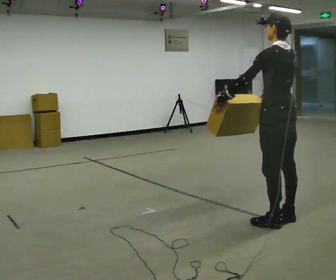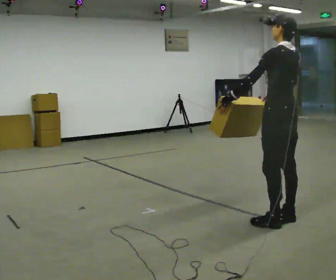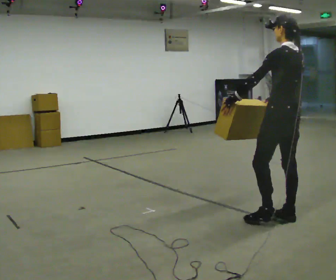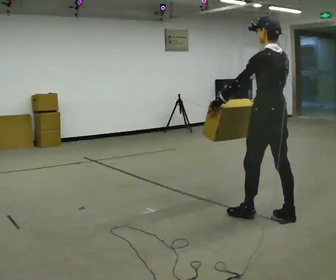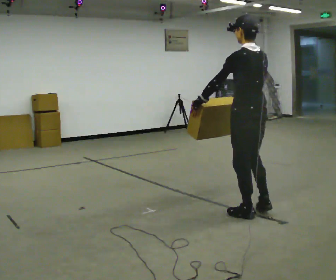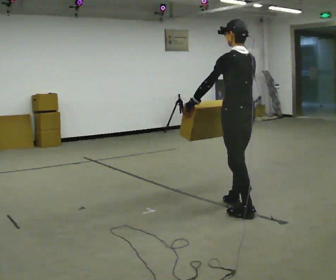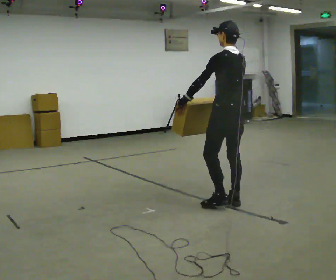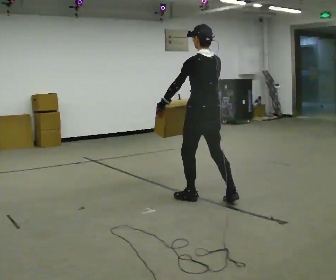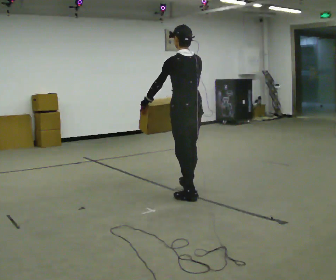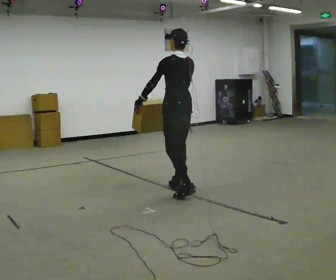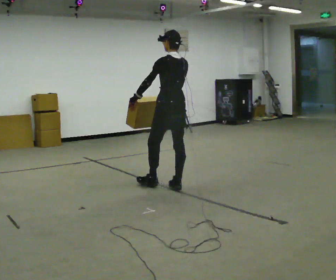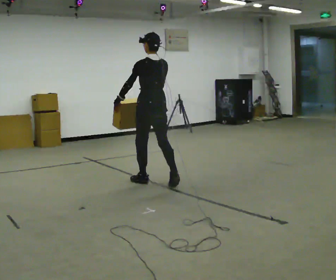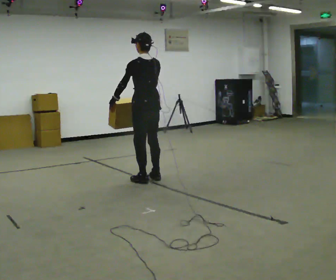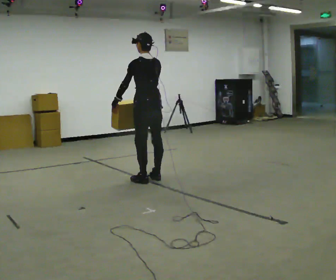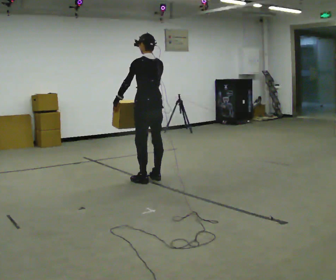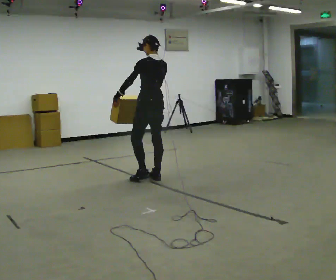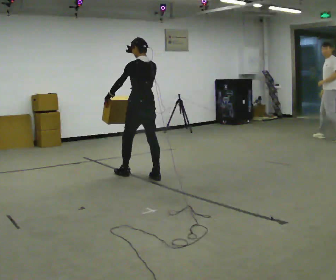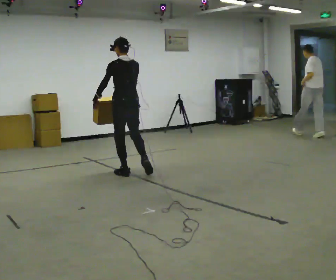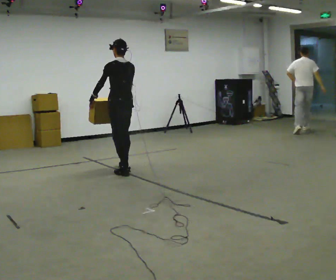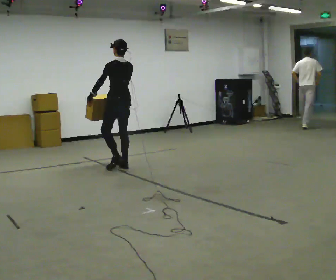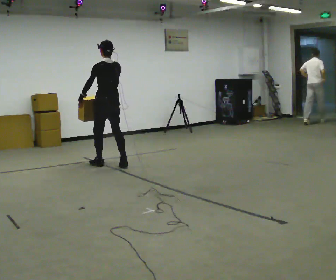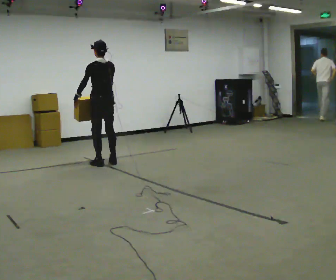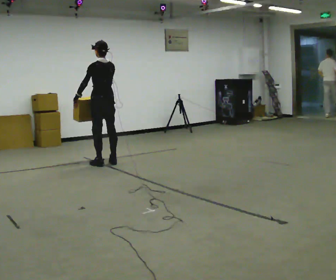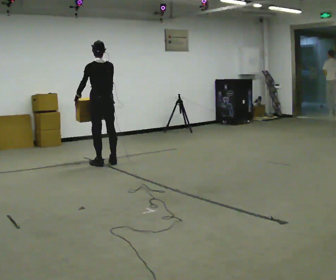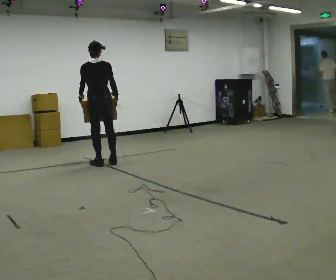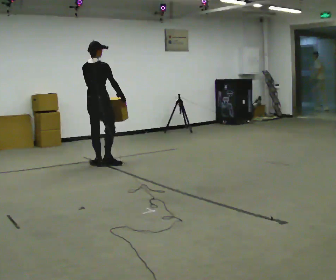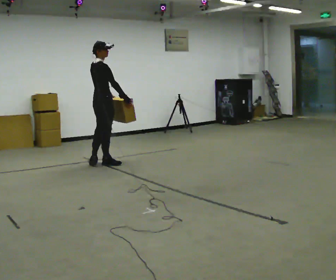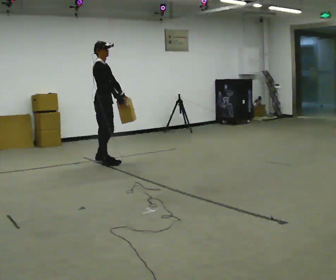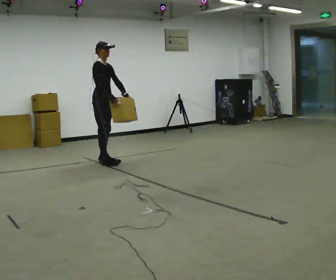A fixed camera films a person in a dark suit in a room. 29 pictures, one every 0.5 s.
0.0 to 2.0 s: In the picture they go to the left and away from the camera, about 0.25 m in 1 step, which for them is forward.
2.0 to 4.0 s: In the picture they go away from the camera and to the left, about 1 m in 2 steps, which for them is forward.
4.0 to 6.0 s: In the picture they go away from the camera and to the left, about 1 m in 3 steps, which for them is forward.
6.0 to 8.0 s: In the picture they go away from the camera, about 0.25 m in 1 step, which for them is forward and to their right.
8.0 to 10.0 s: In the picture they go away from the camera and to the left, about 1 m in 2 steps, which for them is forward.
10.0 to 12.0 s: The part of the body nearest the lens slides to the left as the person turns to their right by about 30 degrees.
12.0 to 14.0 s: Seen from above the body turns clockwise, about 120 degrees: to their right, with its near side sliding to the left. In the picture they go away from the camera, about 0.25 m in 2 steps.
The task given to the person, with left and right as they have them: Carry the medium box in both hands in front of you, walking back and forth across the room. Keep walking until the operator says stop.
The film runs forward here.
